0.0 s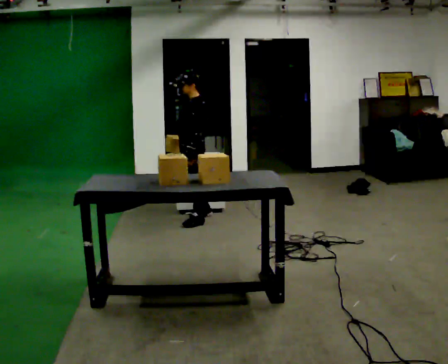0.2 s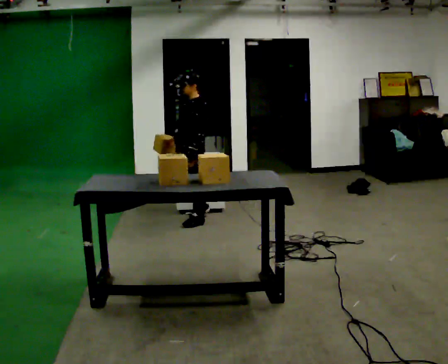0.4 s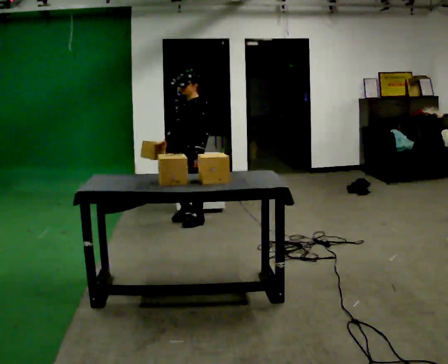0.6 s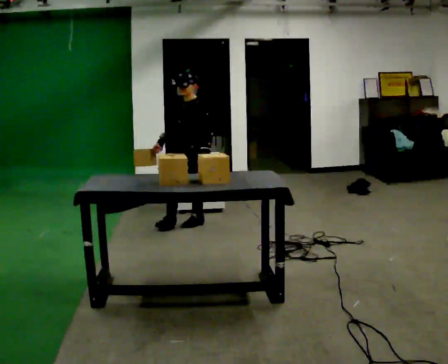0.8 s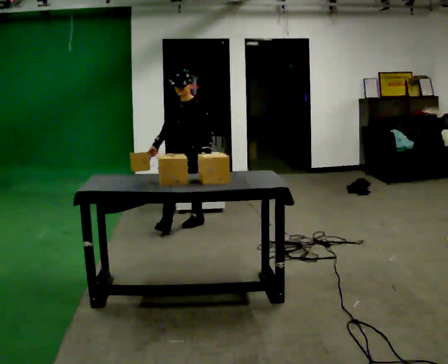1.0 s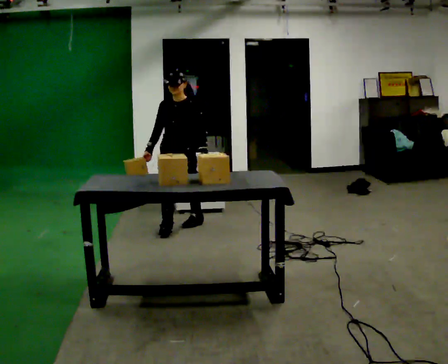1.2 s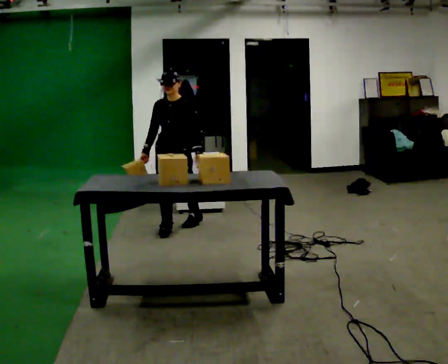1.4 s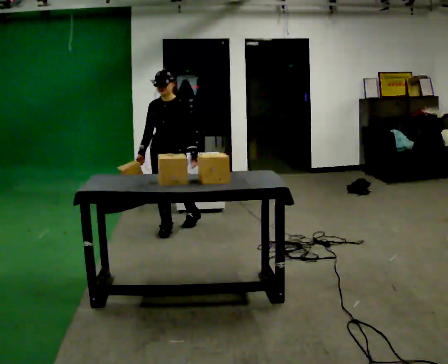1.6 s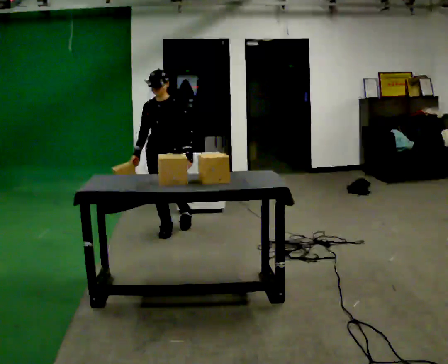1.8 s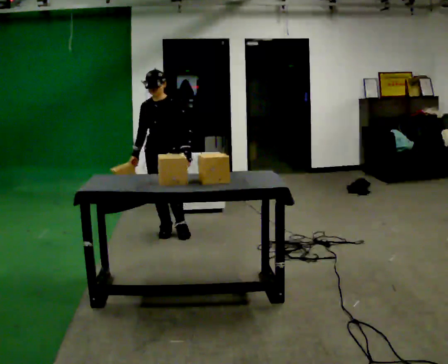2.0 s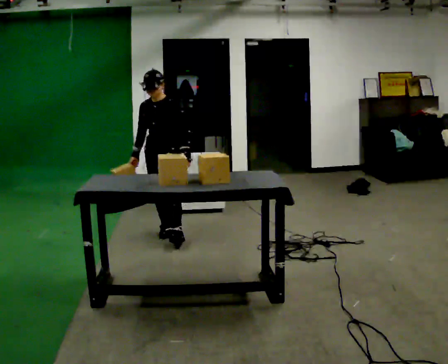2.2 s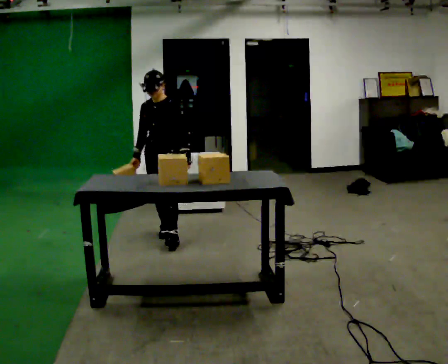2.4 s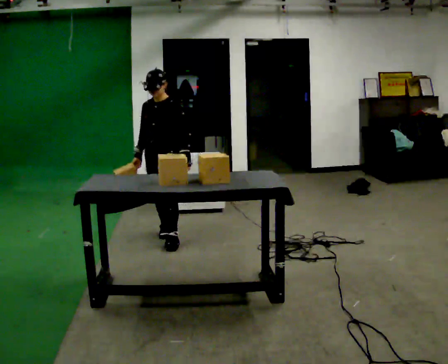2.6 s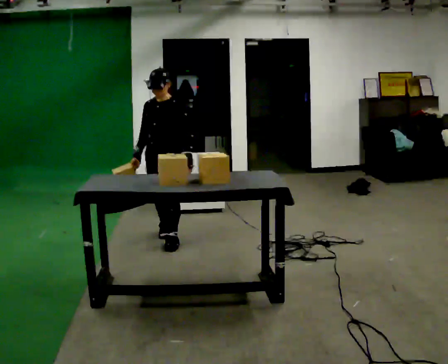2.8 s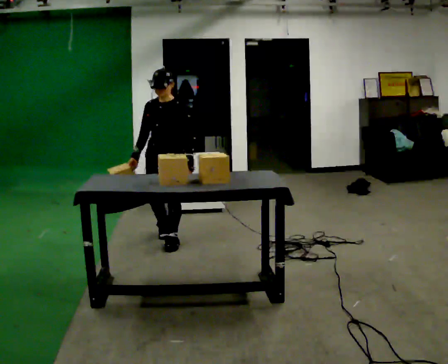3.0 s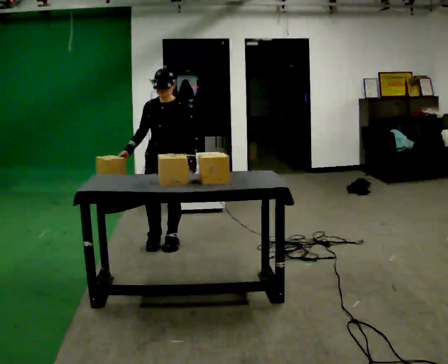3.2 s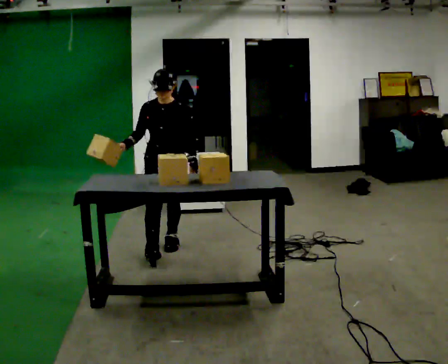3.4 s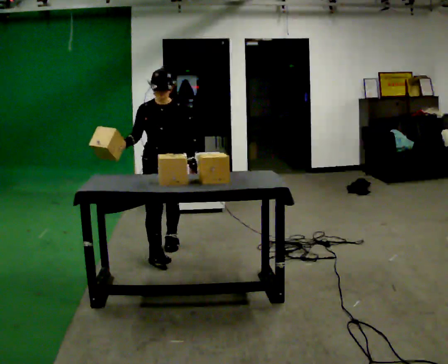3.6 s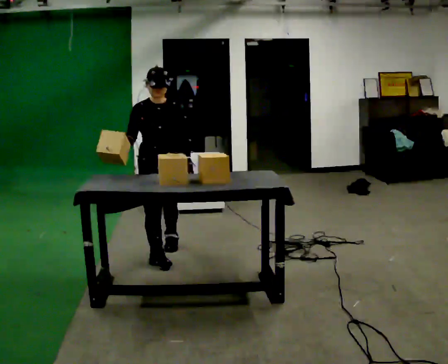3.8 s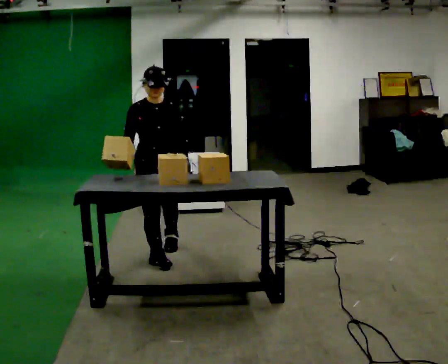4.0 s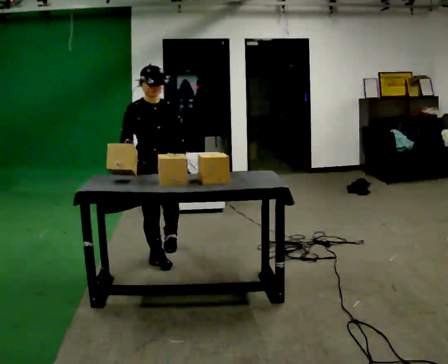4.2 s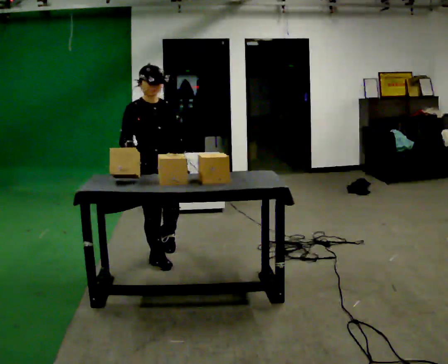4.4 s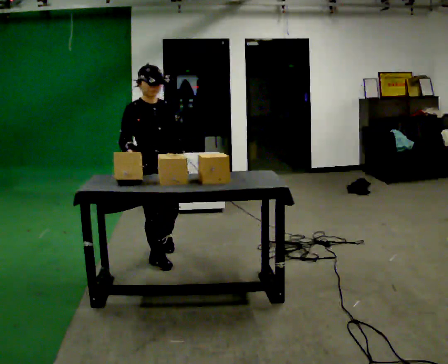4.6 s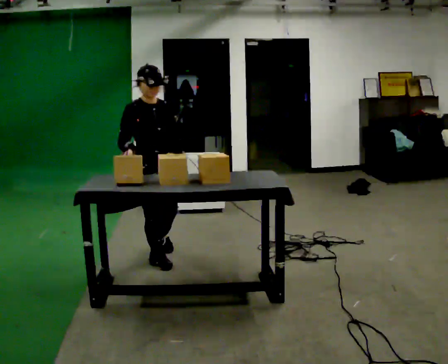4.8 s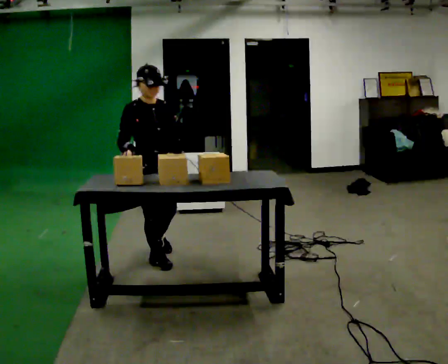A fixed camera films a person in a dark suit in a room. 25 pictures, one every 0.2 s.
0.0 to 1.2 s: Seen from above the body turns counterclockwise, about 75 degrees: to their left, with its near side sliding to the right. In the picture they go toward the camera and to the left, about 0.25 m in 1 step.
1.2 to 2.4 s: In the picture they go toward the camera, about 0.25 m in 1 step, which for them is forward.
2.4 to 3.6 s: The part of the body nearest the lens slides to the right as the person turns to their left by about 45 degrees. In the picture they go toward the camera, about 0.5 m in 1 step, which for them is forward.
3.6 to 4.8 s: In the picture they go toward the camera, about 0.25 m, which for them is to their right.
The film runs forward here.
